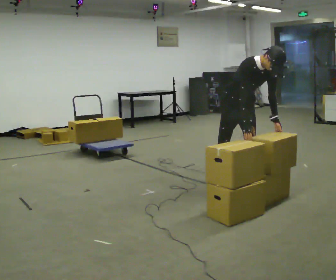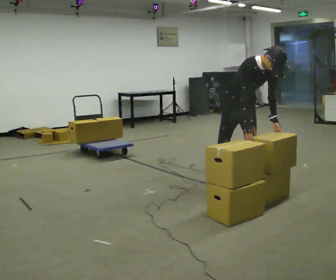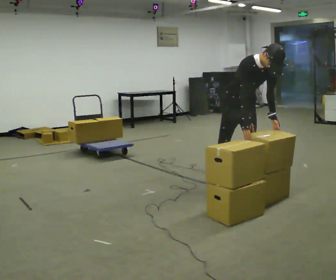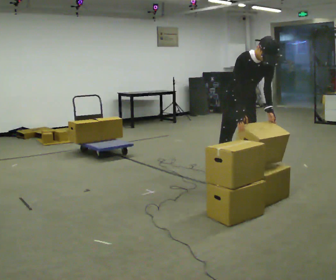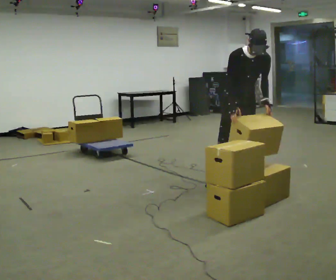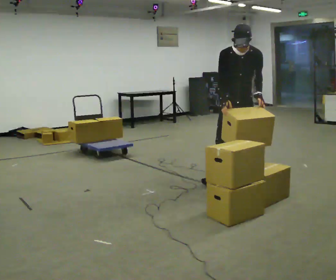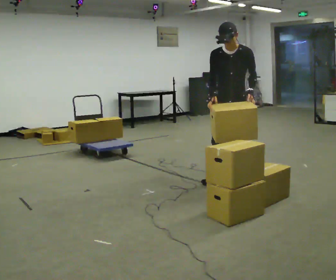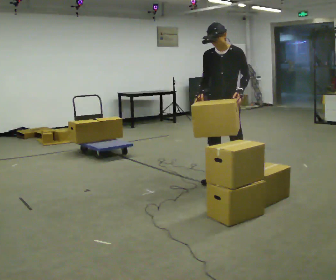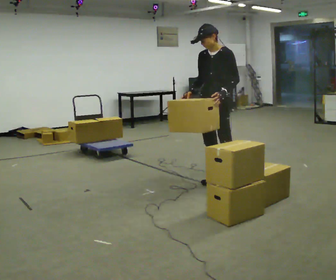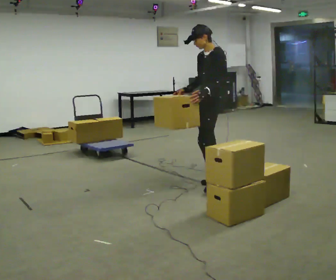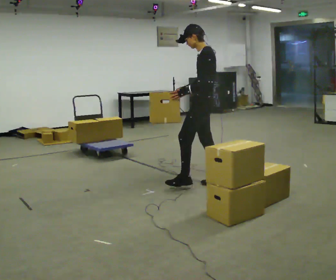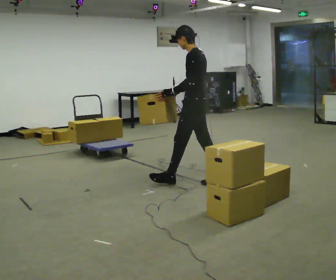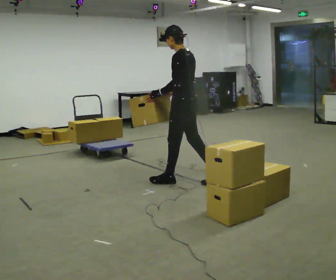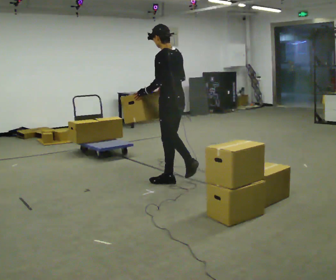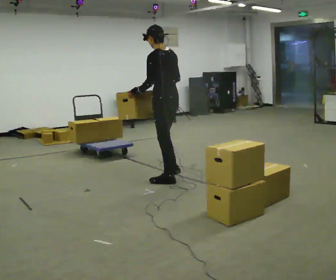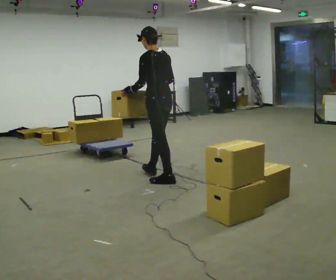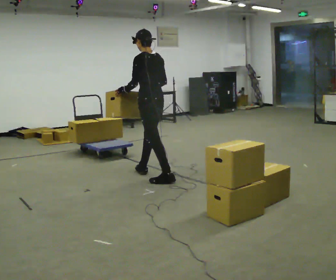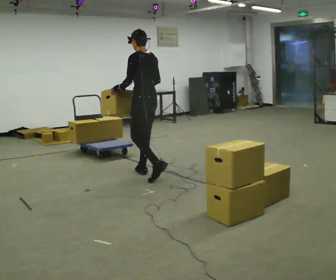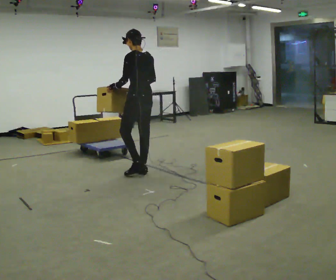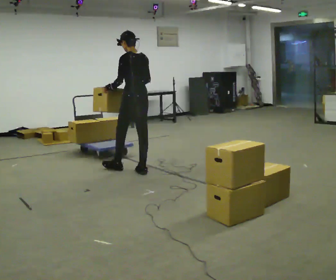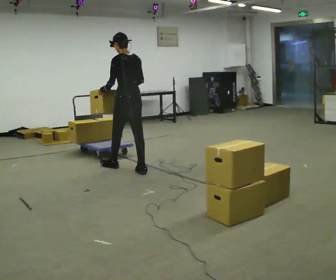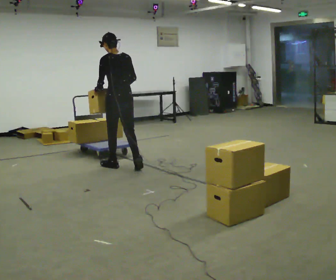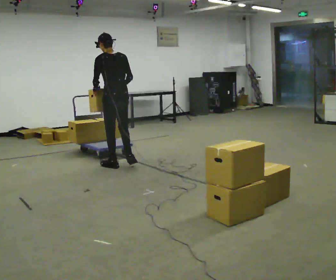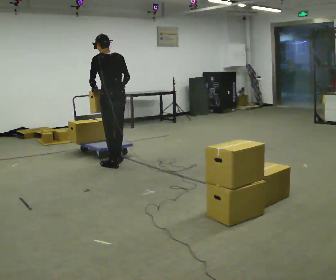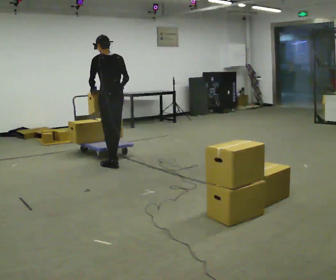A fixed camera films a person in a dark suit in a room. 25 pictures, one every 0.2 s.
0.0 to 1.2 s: The part of the body nearest the lens slides to the left as the person turns to their right by about 30 degrees. In the picture the upper body tilts counterclockwise, shoulders to the left, as they lean back or straighten.
1.2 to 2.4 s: The person turns about 90 degrees to their right, clockwise seen from above, so the part of the body nearest the lens slides to the left. In the picture they go to the left, about 0.5 m in 1 step.
2.4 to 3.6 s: In the picture they go to the left and away from the camera, about 0.75 m in 1 step, which for them is forward.
3.6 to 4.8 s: In the picture they go to the left and away from the camera, about 0.5 m in 2 steps, which for them is forward.
The film runs forward here.
